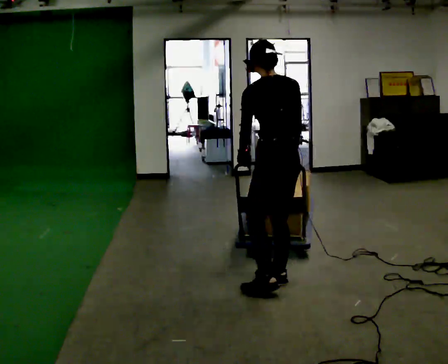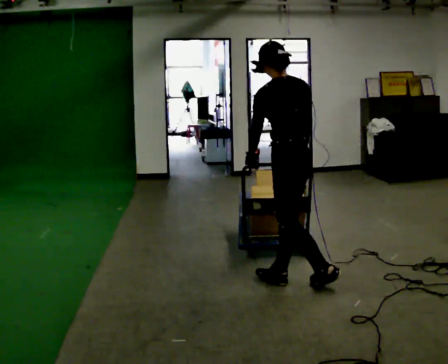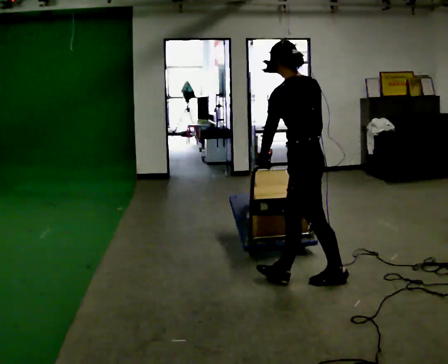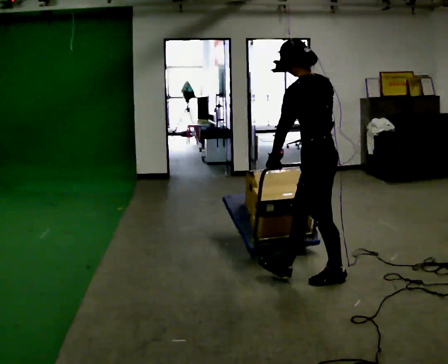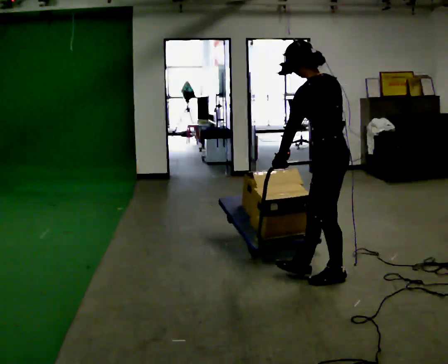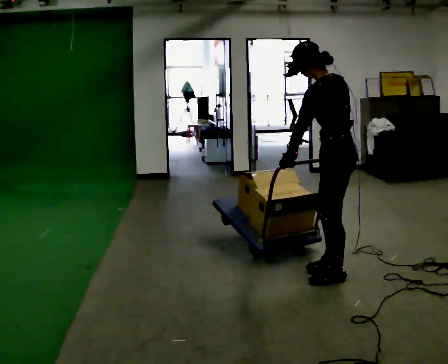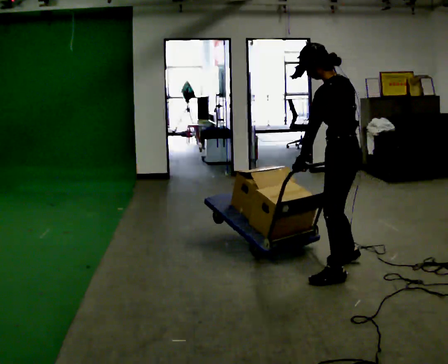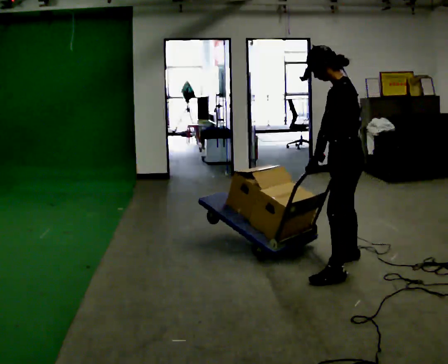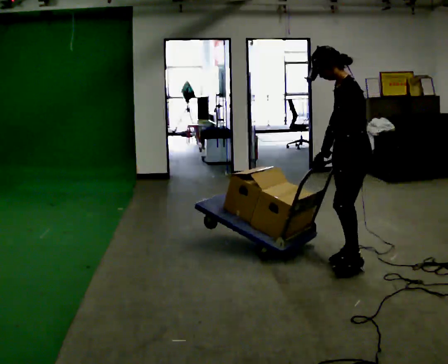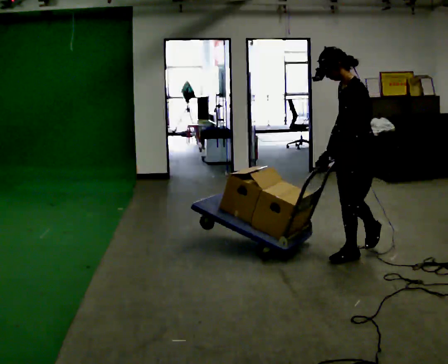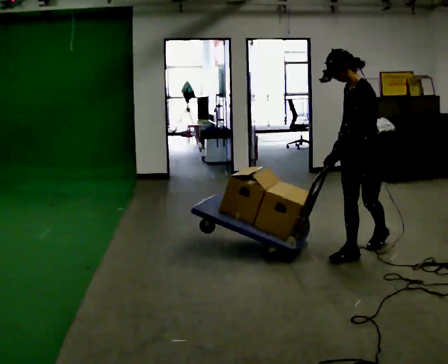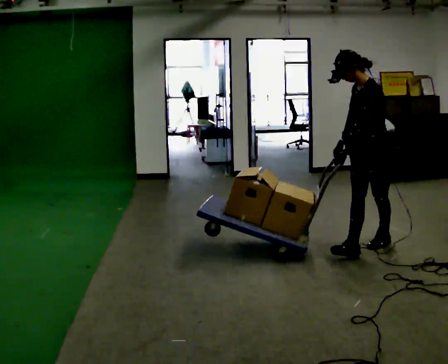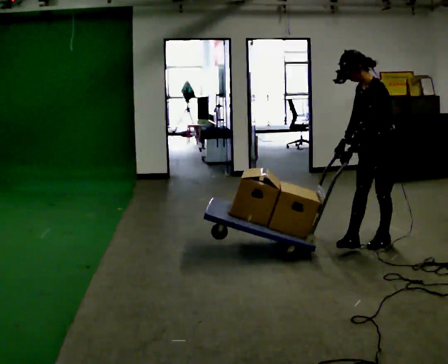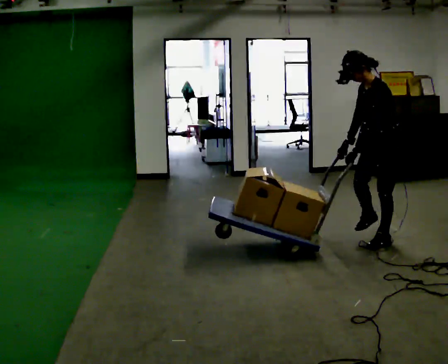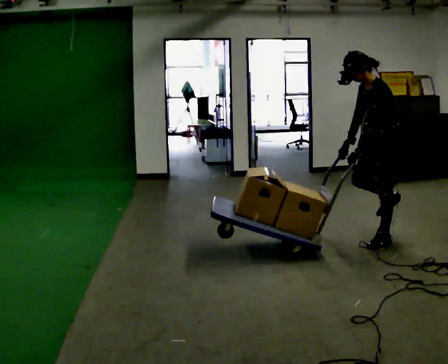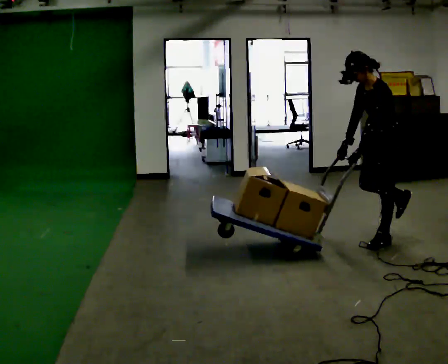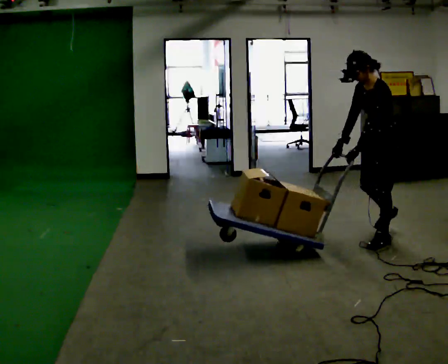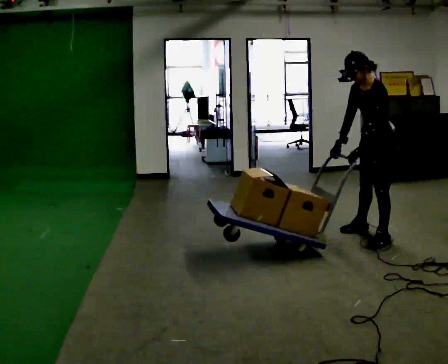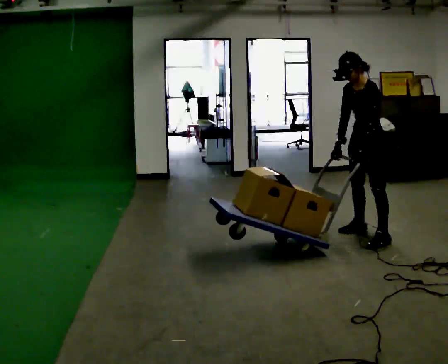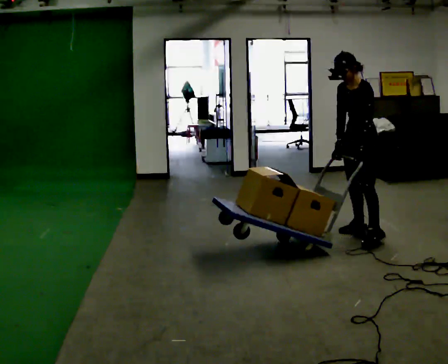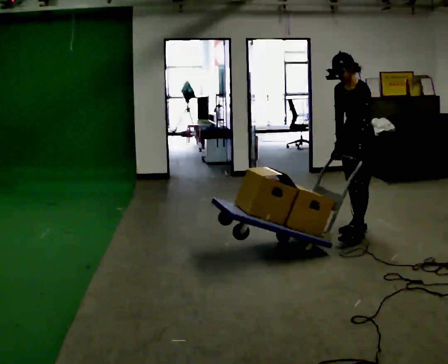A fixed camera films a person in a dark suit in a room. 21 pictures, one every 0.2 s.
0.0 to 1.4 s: Seen from above the body turns counterclockwise, about 45 degrees: to their left, with its near side sliding to the right. In the picture they go to the right and away from the camera, about 0.5 m in 1 step, which for them is to their right and backward.
1.4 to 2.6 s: The part of the body nearest the lens slides to the right as the person turns to their left by about 30 degrees. In the picture they go away from the camera and to the right, about 0.5 m in 2 steps, which for them is backward and to their right.
2.6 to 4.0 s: In the picture they go away from the camera and to the left, about 0.5 m in 1 step, which for them is to their right.
The film runs backward here.
